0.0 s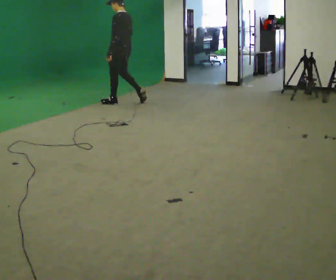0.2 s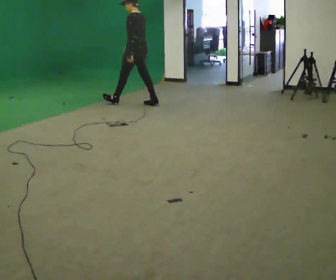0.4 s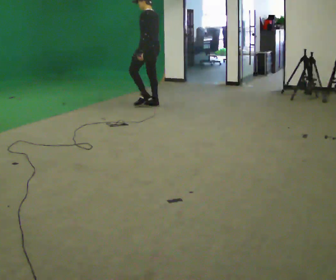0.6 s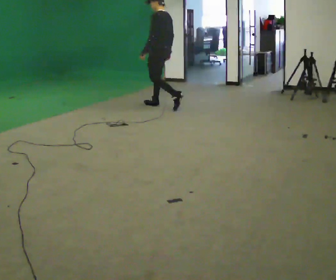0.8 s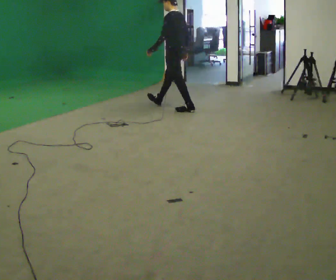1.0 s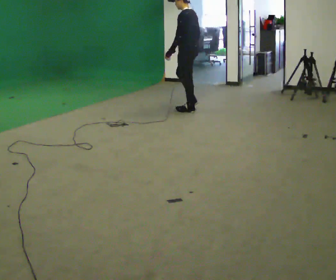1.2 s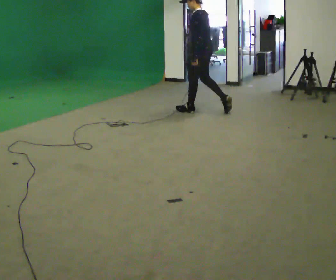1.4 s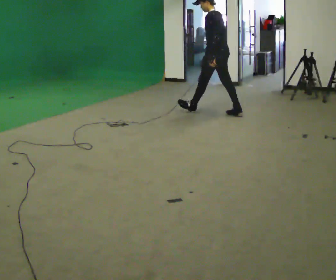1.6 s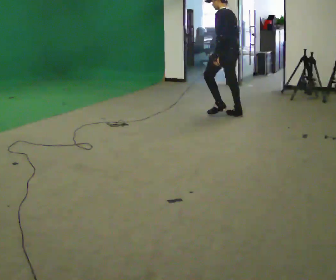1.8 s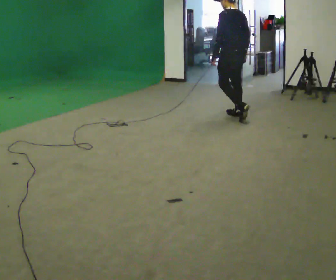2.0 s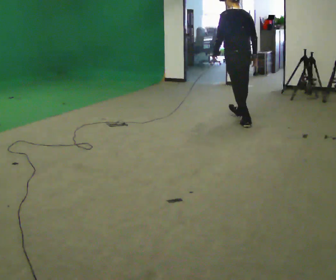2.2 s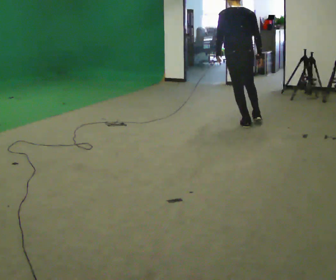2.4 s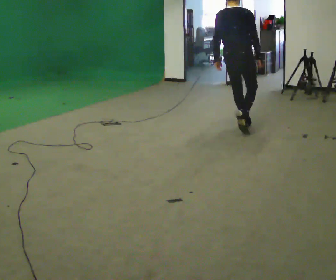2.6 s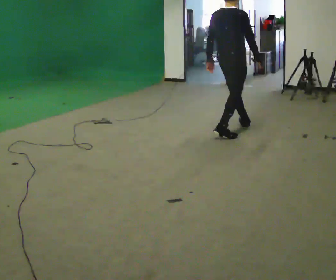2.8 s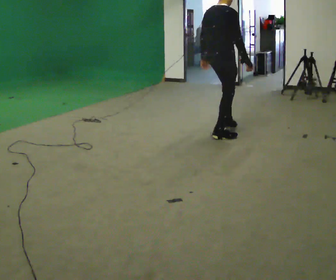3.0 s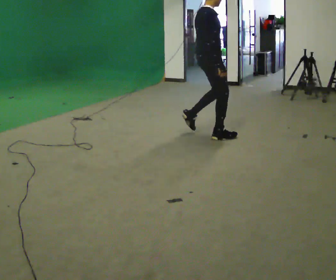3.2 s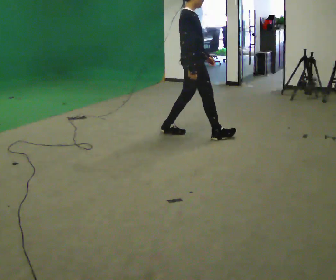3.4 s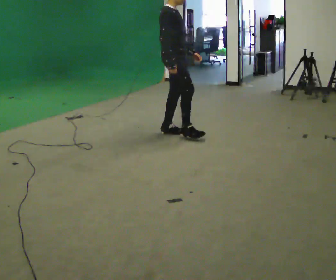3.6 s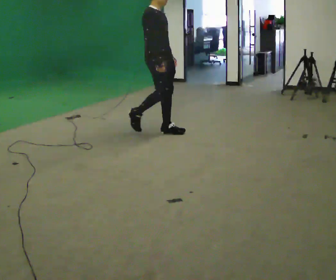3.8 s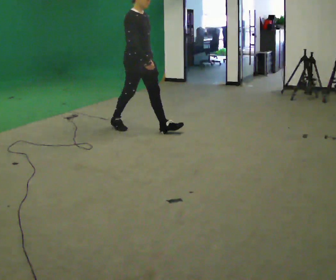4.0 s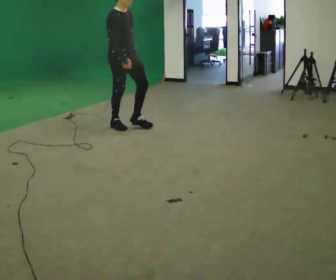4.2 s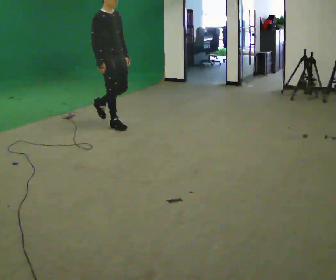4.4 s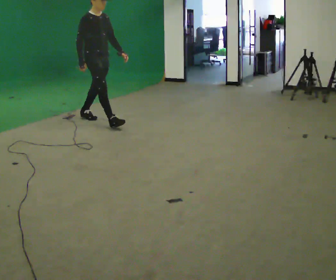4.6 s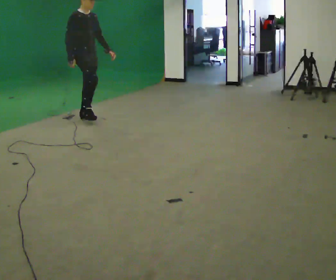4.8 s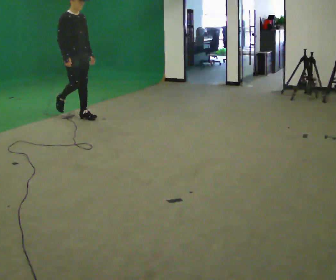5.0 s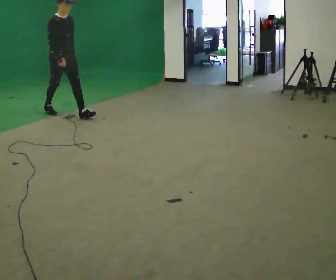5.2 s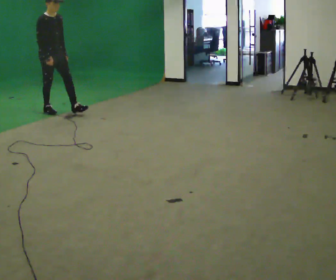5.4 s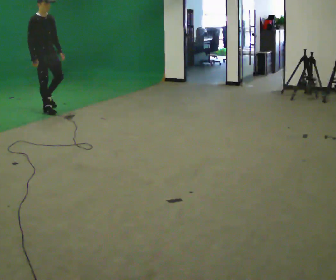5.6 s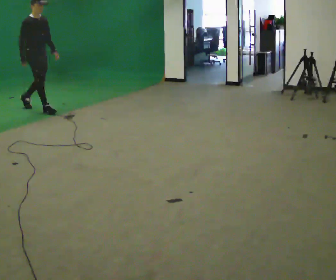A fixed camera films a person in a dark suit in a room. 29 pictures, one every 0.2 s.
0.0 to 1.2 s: In the picture they go to the right, about 1.5 m in 2 steps, which for them is backward.
1.2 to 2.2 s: Seen from above the body turns clockwise, about 60 degrees: to their right, with its near side sliding to the left. In the picture they go toward the camera and to the right, about 1 m in 2 steps, which for them is backward.
2.2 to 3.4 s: The part of the body nearest the lens slides to the left as the person turns to their right by about 105 degrees. In the picture they go to the left and toward the camera, about 1 m in 2 steps.
3.4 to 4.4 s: In the picture they go to the left, about 1 m in 1 step, which for them is backward.
4.4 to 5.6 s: In the picture they go to the left, about 1 m in 2 steps, which for them is backward.
The film runs backward here.
